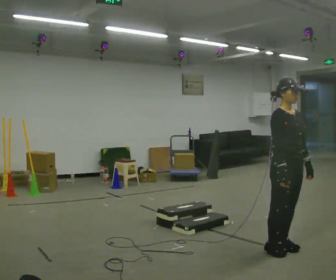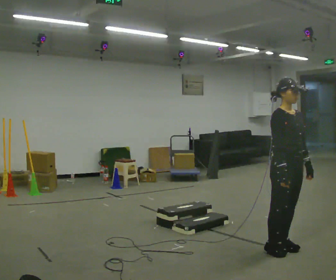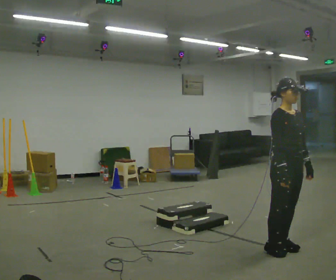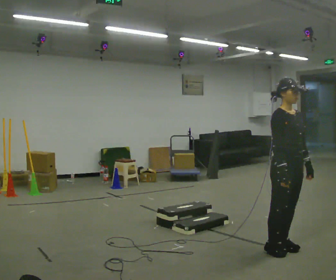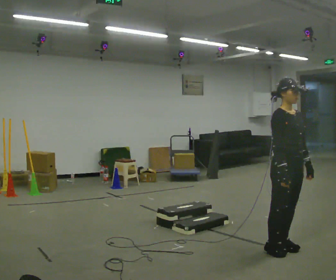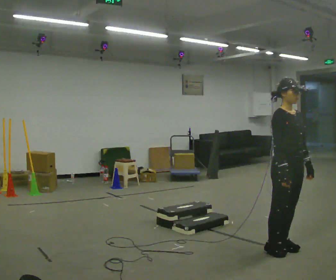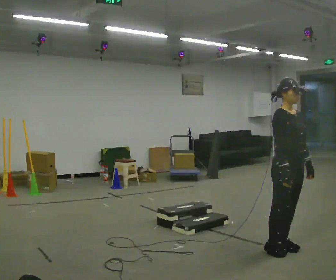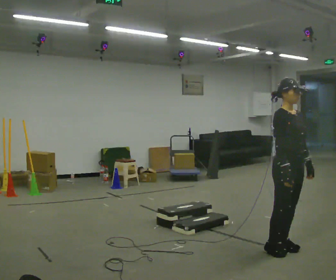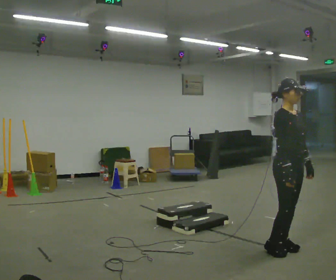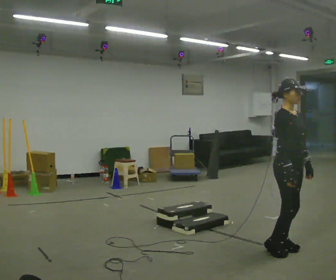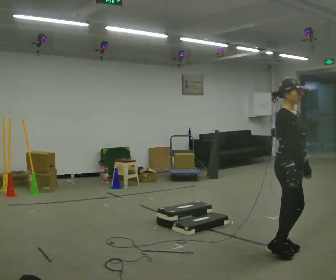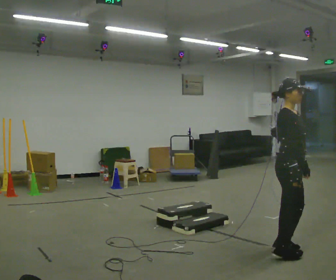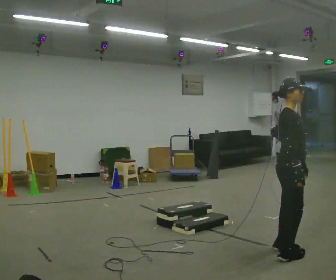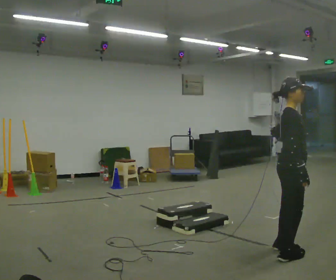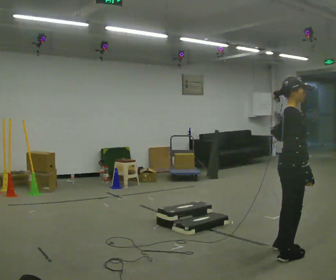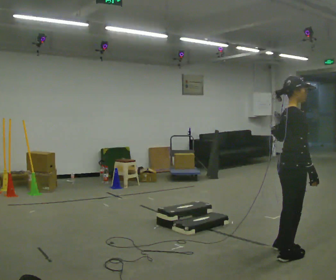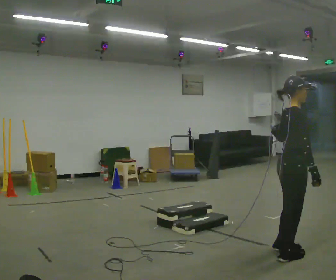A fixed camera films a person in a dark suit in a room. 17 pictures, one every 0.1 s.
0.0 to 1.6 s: The part of the body nearest the lens slides to the right as the person turns to their left by about 60 degrees.
The film runs forward here.
